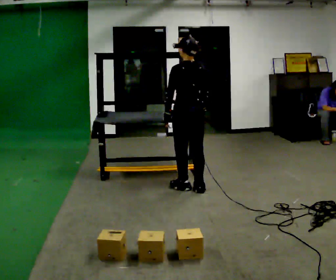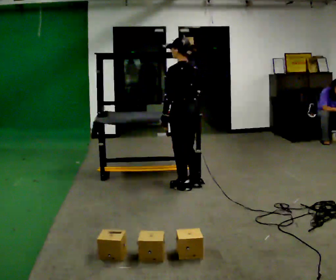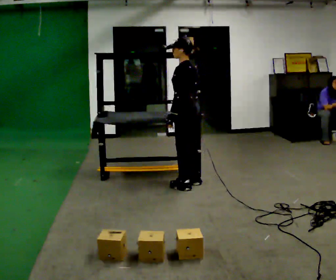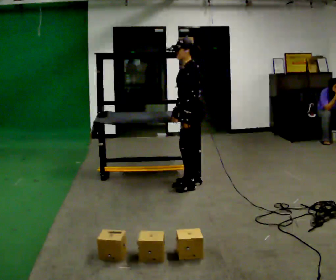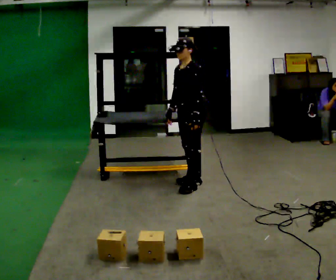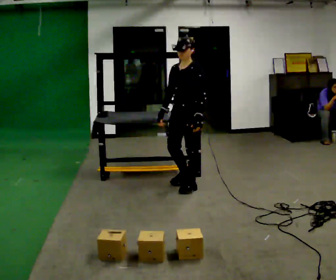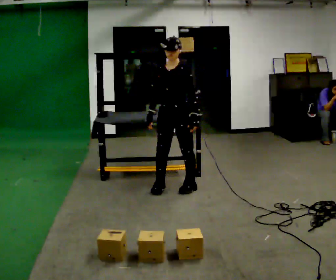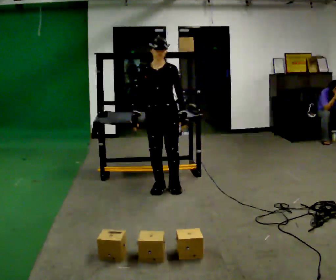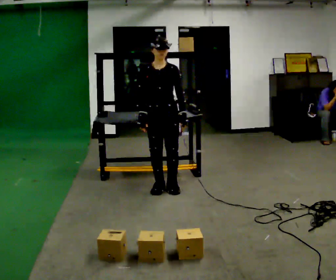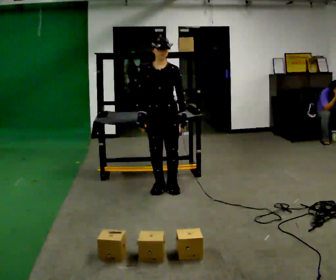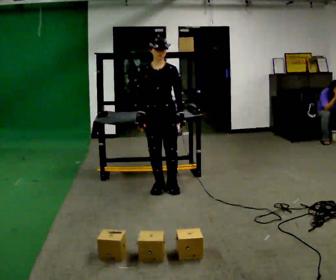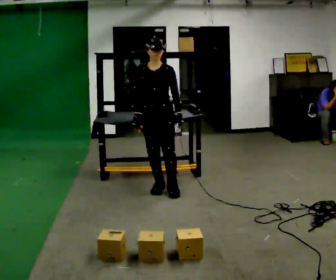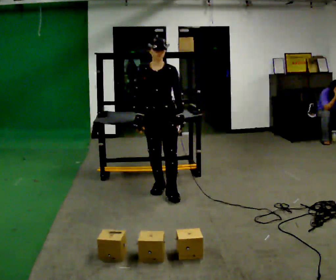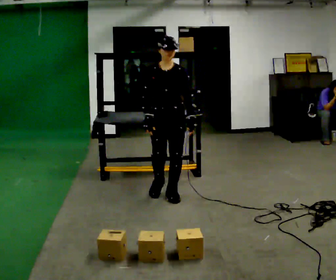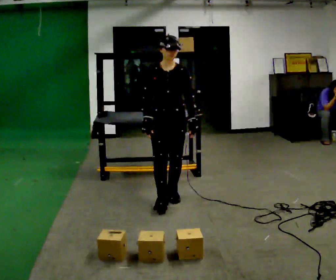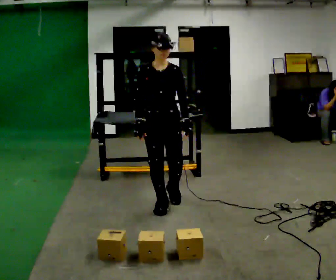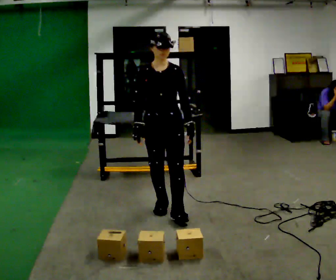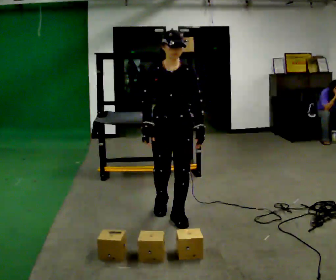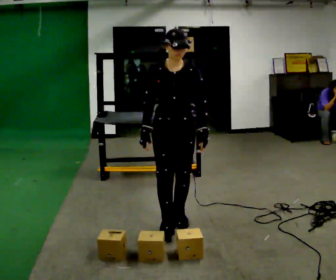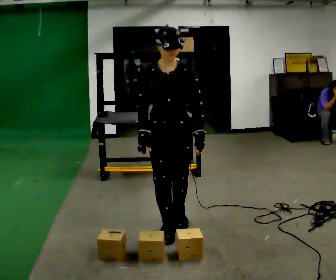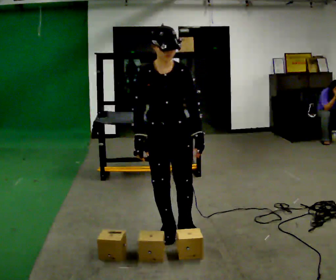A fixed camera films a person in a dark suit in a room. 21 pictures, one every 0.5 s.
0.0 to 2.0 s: Seen from above the body turns counterclockwise, about 90 degrees: to their left, with its near side sliding to the right.
2.0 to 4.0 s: The person turns about 60 degrees to their left, counterclockwise seen from above, so the part of the body nearest the lens slides to the right. In the picture they go to the left, about 0.25 m in 2 steps.
4.0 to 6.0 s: The person moves a little, or ends about where they began.
6.0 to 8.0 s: In the picture they go toward the camera, about 0.5 m in 2 steps, which for them is forward.
8.0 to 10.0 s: In the picture they go toward the camera, about 0.5 m in 1 step, which for them is forward.
The film runs forward here.
